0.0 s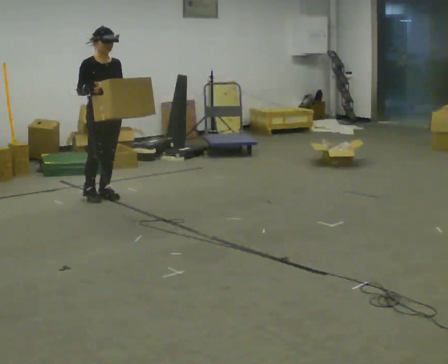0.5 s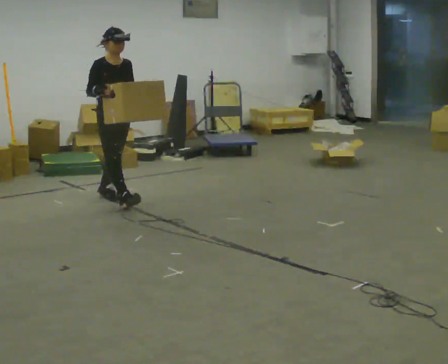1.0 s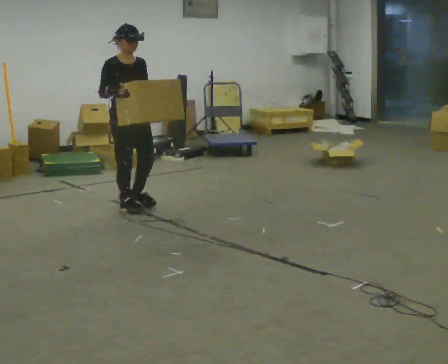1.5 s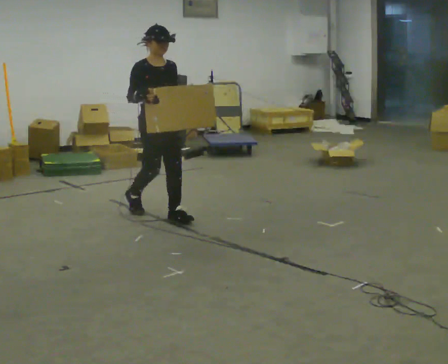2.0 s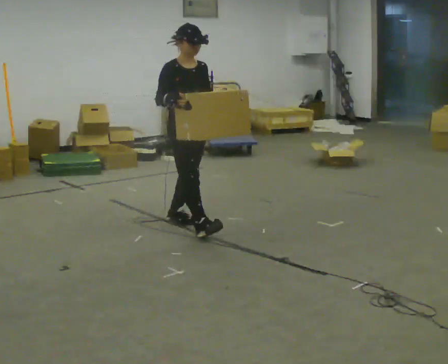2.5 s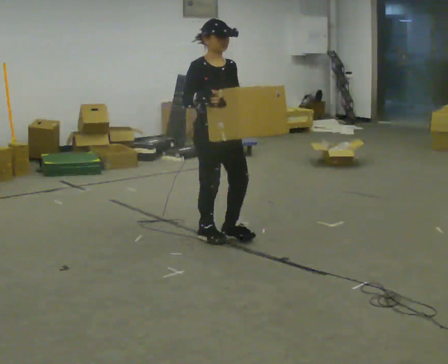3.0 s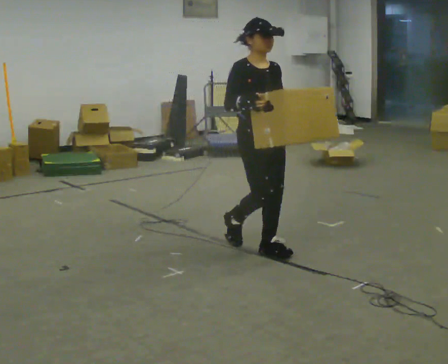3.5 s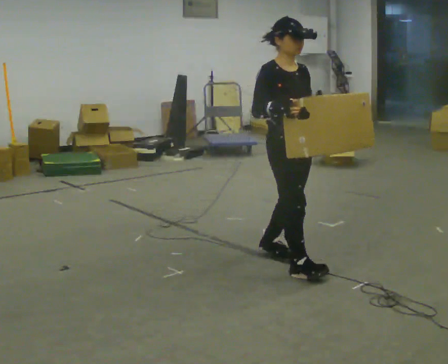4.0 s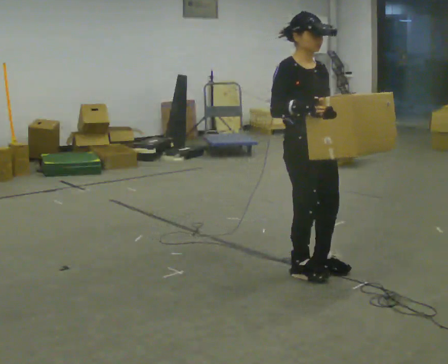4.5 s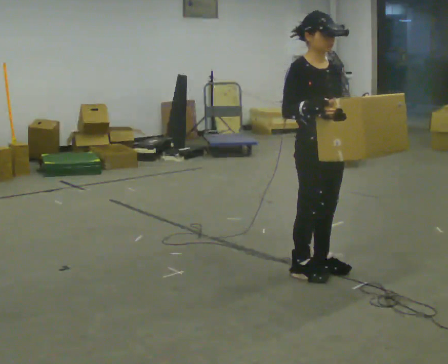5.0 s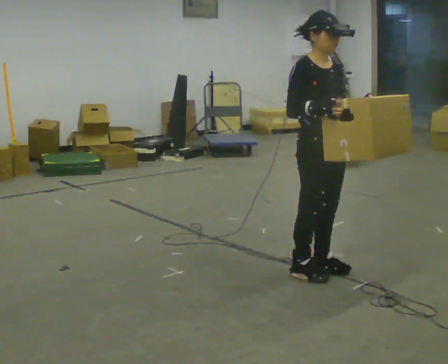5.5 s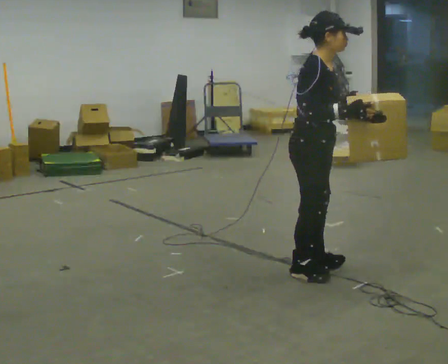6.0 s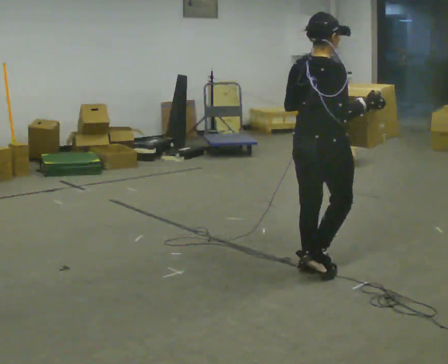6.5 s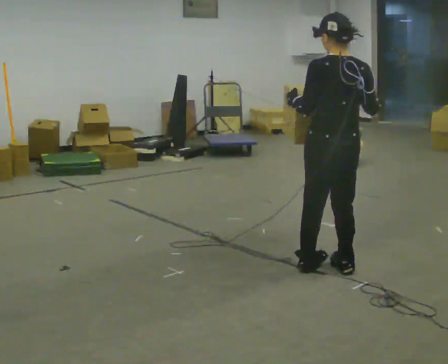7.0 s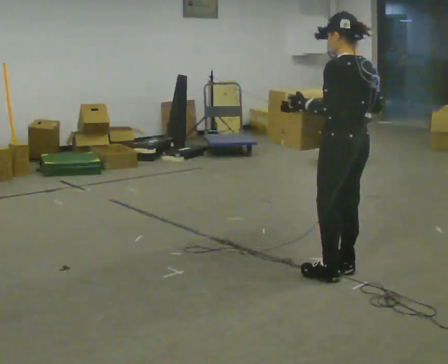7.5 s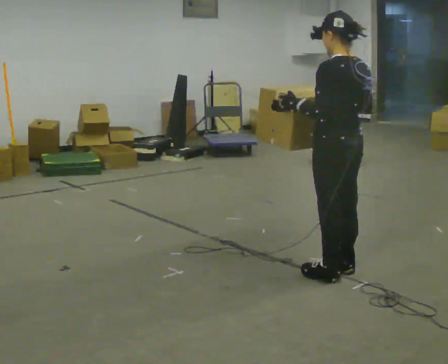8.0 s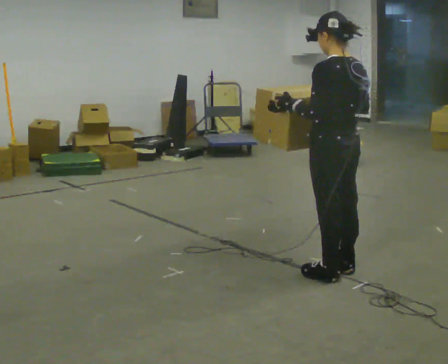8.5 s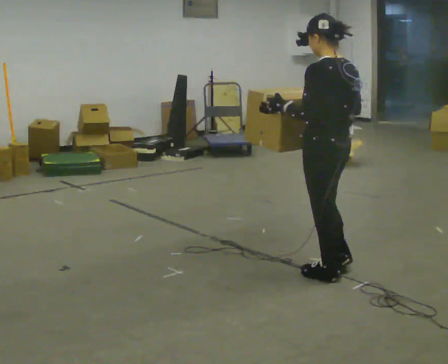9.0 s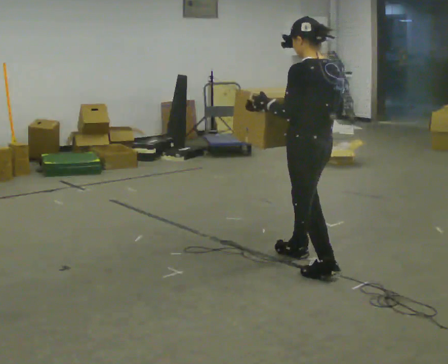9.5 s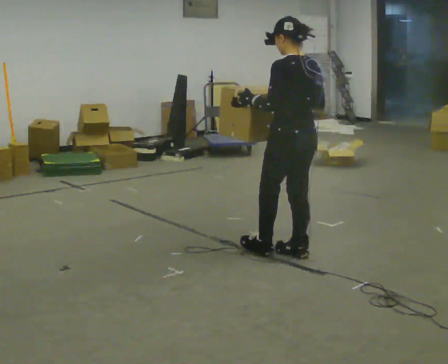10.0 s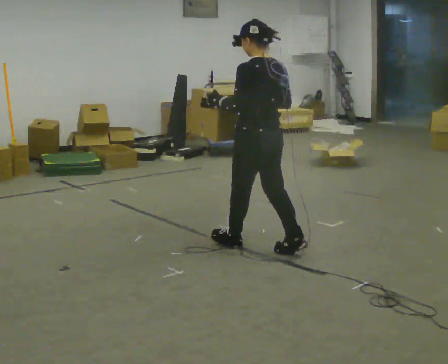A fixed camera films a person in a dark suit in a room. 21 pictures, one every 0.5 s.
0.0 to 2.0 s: In the picture they go to the right and toward the camera, about 1 m in 3 steps, which for them is forward.
2.0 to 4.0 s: In the picture they go toward the camera and to the right, about 1 m in 3 steps, which for them is forward.
4.0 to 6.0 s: The person turns about 90 degrees to their left, counterclockwise seen from above, so the part of the body nearest the lens slides to the right. In the picture their right hand goes to the right.
6.0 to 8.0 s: The part of the body nearest the lens slides to the right as the person turns to their left by about 90 degrees.
8.0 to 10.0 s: In the picture they go away from the camera and to the left, about 0.75 m in 2 steps, which for them is forward.
The film runs forward here.
